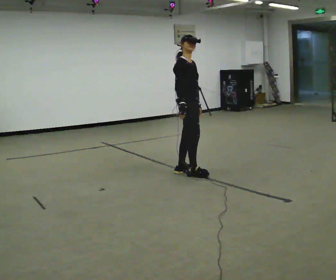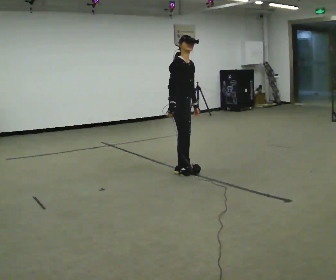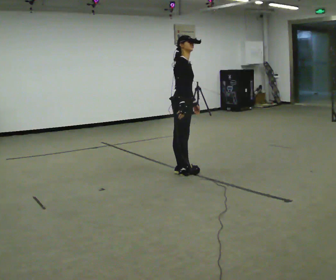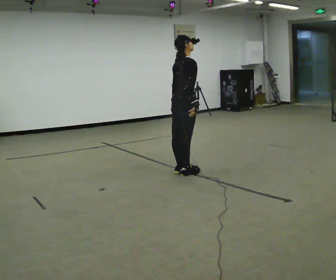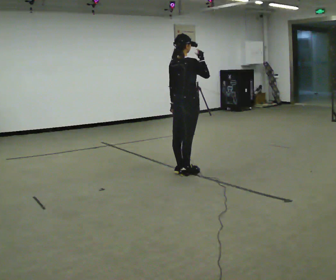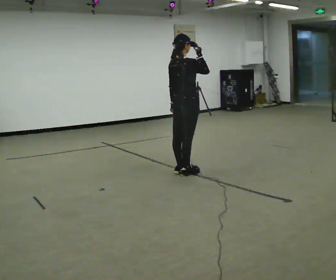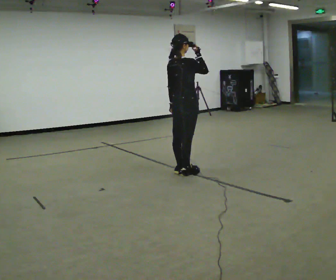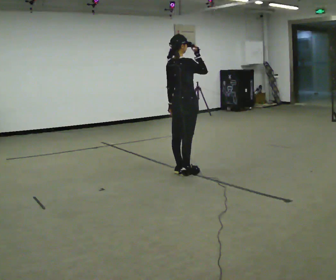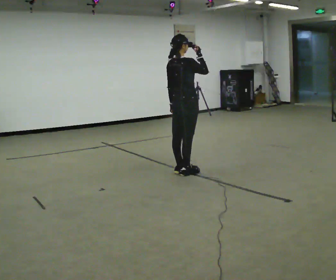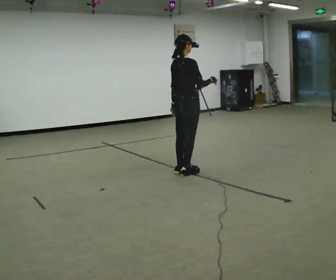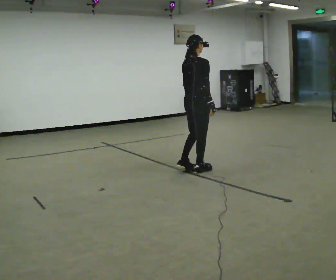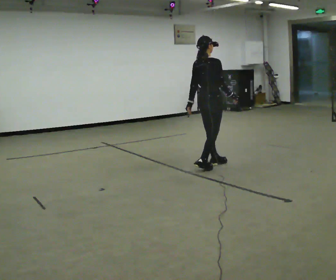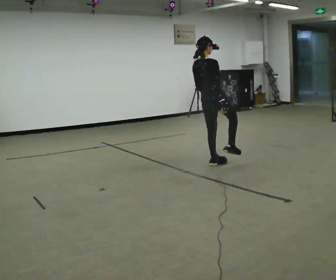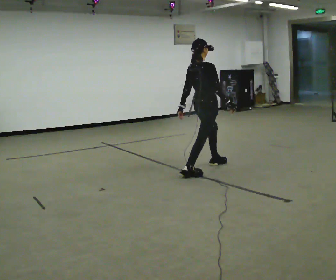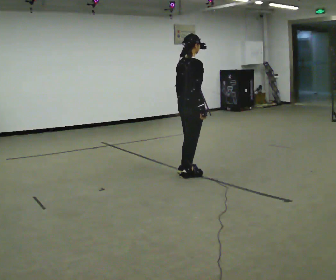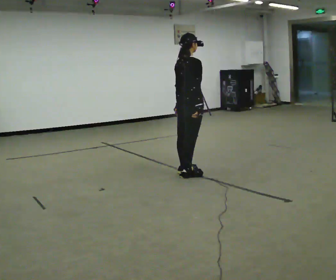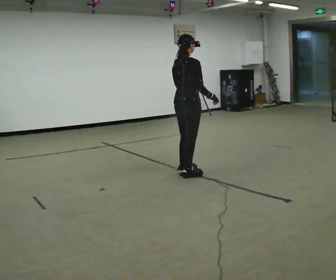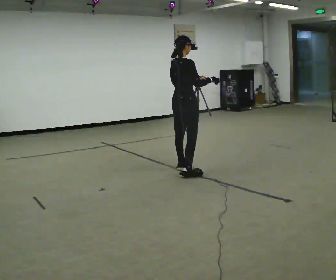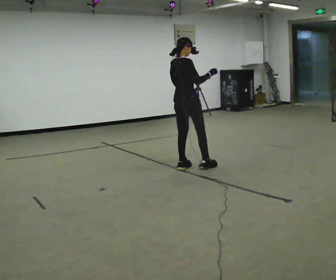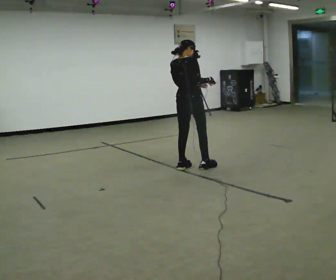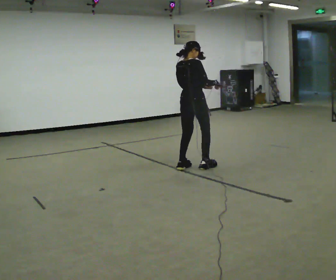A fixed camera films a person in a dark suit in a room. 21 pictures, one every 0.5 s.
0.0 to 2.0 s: The part of the body nearest the lens slides to the right as the person turns to their left by about 60 degrees. In the picture their right hand goes upward.
2.0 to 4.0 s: The person moves a little, or ends about where they began.
4.0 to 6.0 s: In the picture they go to the right and away from the camera, about 0.5 m in 3 steps, which for them is forward. In the picture their right hand goes downward.
6.0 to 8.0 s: In the picture they go toward the camera and to the left, about 0.5 m in 1 step, which for them is backward. In the picture the upper body tilts clockwise, shoulders to the right, as they bend forward.
8.0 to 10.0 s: In the picture they go away from the camera, about 0.25 m in 2 steps, which for them is forward and to their left.
The film runs backward here.
